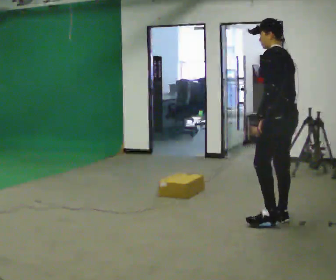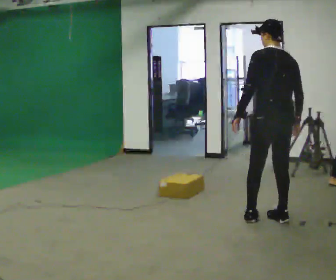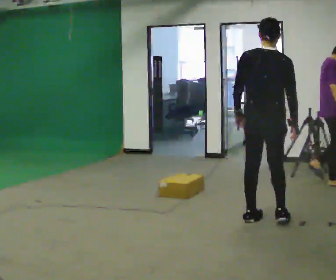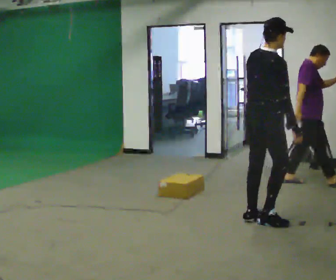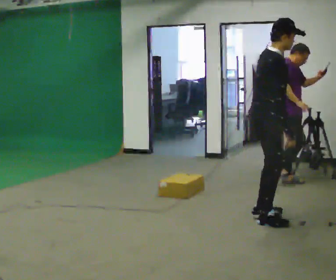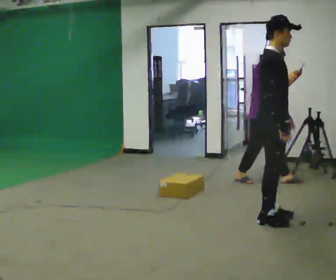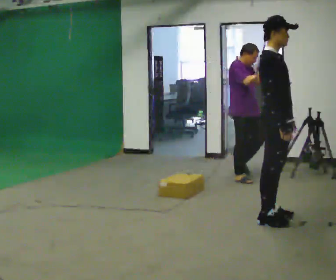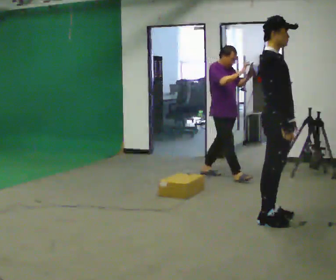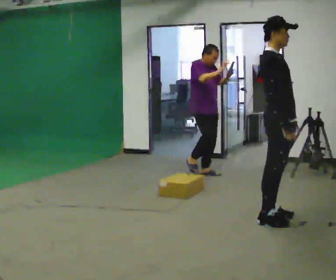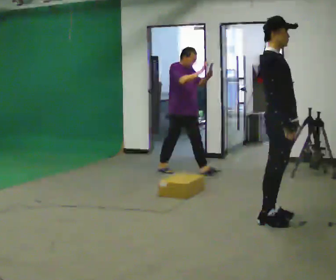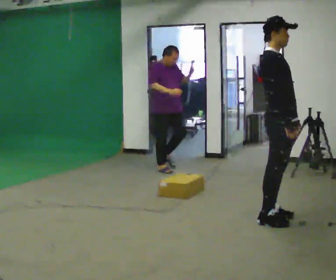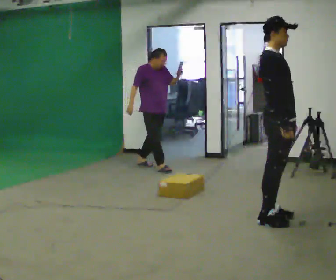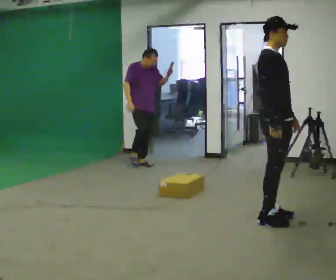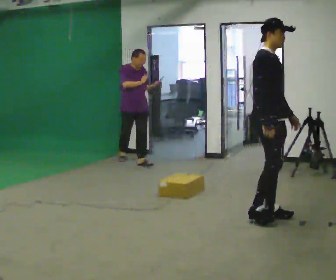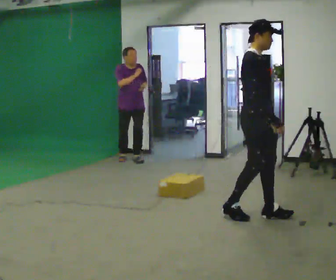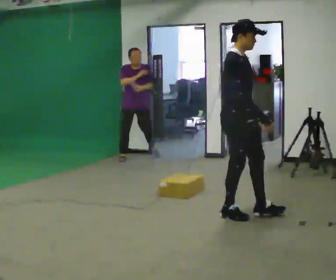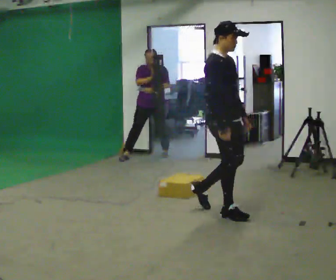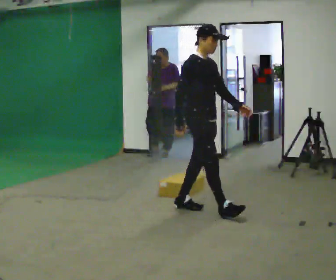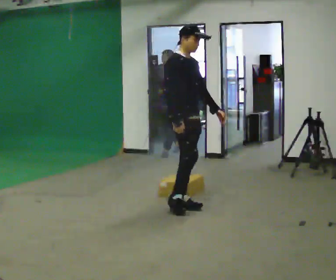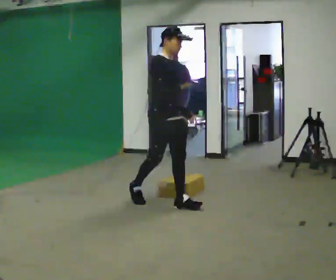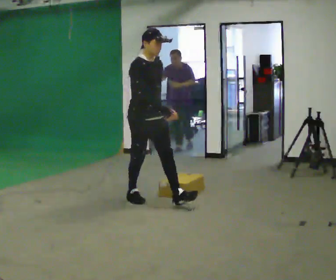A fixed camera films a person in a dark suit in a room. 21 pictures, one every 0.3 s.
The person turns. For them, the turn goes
to their right.
The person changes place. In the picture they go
to the left.
0.0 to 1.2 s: Seen from above the body turns clockwise, about 150 degrees: to their right, with its near side sliding to the left. In the picture the upper body tilts clockwise, shoulders to the right.
1.2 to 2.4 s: In the picture the upper body tilts counterclockwise, shoulders to the left, as they lean back or straighten.
2.4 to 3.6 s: The person moves a little, or ends about where they began.
3.6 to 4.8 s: In the picture they go to the left, about 0.5 m in 2 steps, which for them is backward.
4.8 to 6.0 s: In the picture they go to the left, about 1 m in 1 step, which for them is backward.
The film runs backward here.
